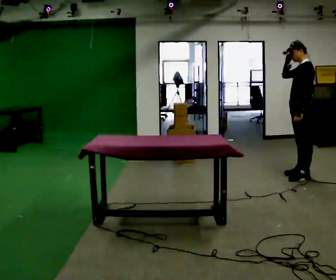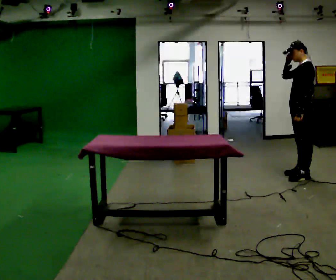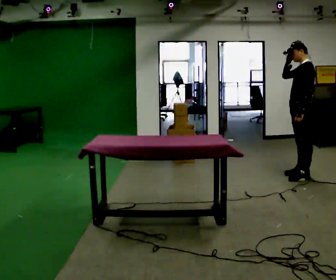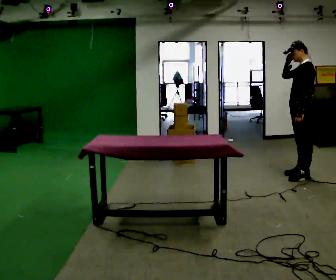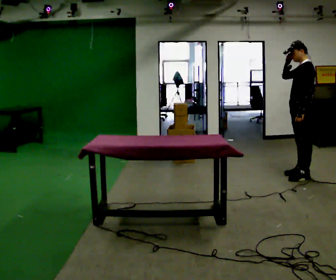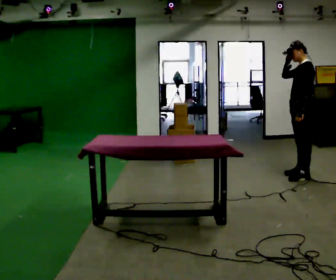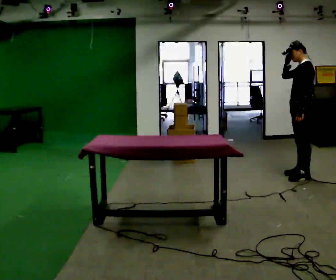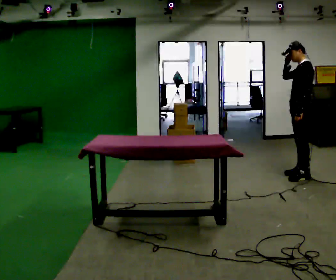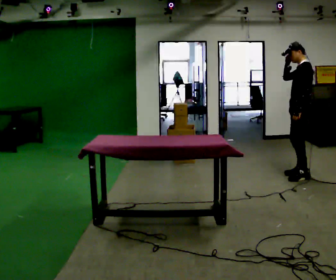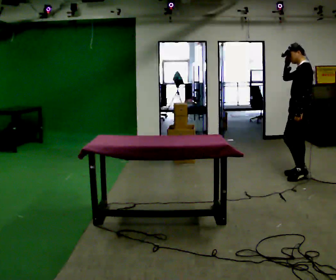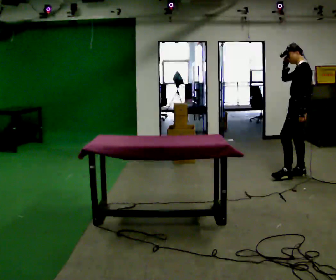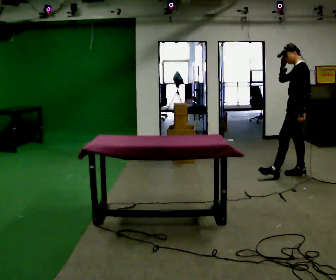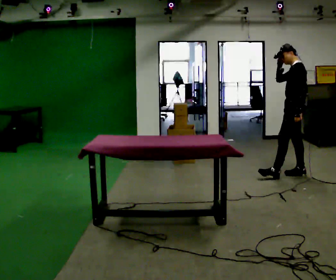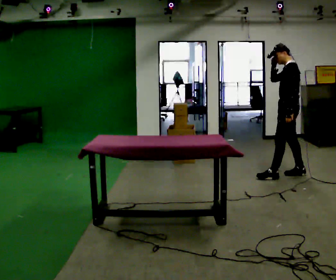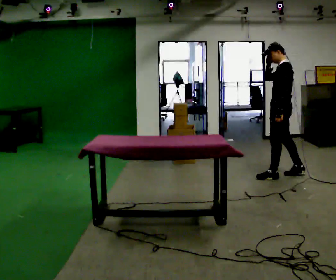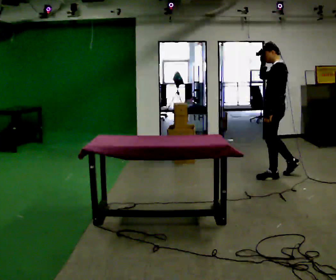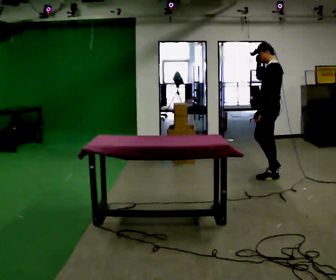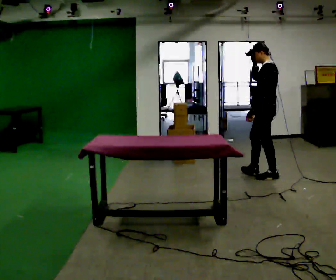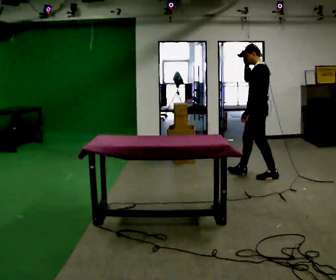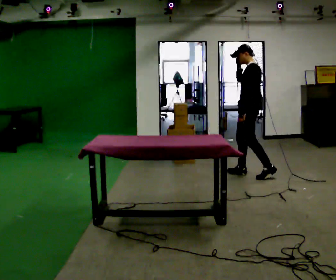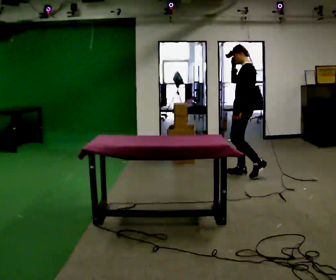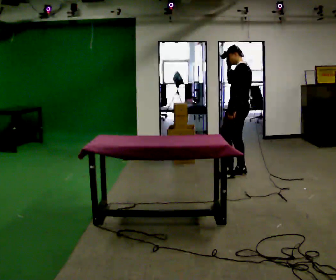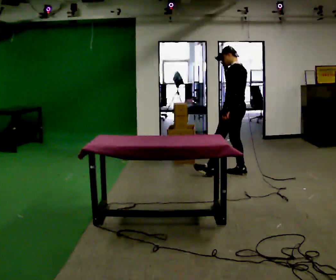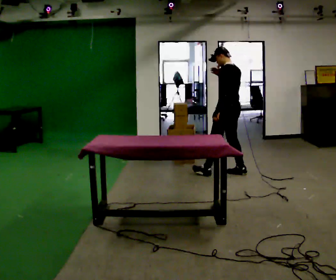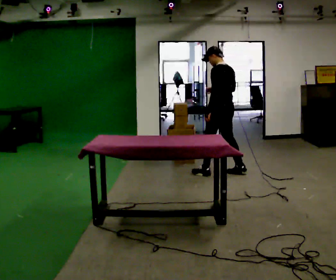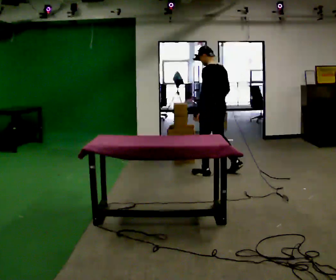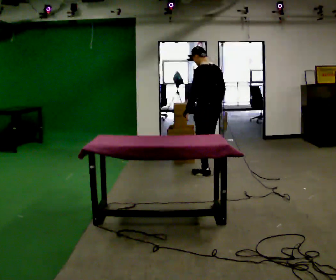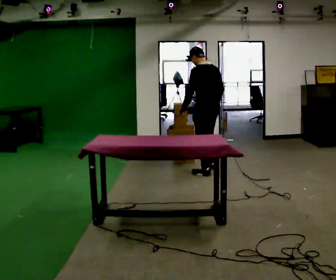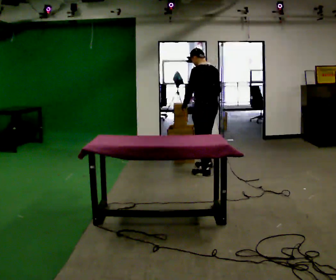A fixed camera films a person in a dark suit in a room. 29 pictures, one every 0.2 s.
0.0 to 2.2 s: The person moves a little, or ends about where they began.
2.2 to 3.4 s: In the picture they go to the left, about 0.5 m in 1 step, which for them is forward.
3.4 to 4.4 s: In the picture they go to the left and away from the camera, about 0.5 m in 1 step, which for them is forward and to their right.
4.4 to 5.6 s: In the picture they go to the left, about 0.5 m in 2 steps, which for them is forward. In the picture their right hand goes downward.
The film runs forward here.
